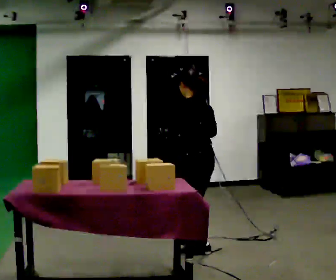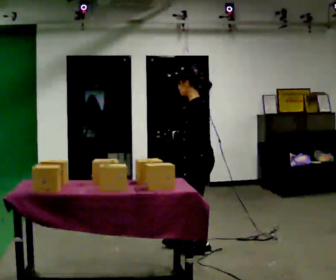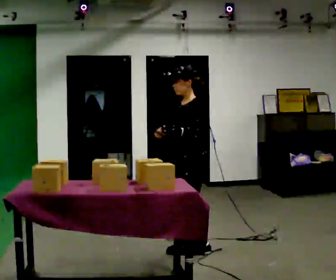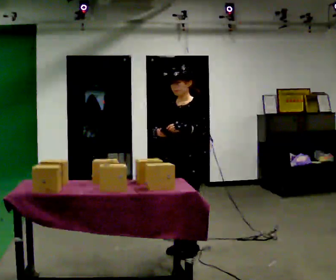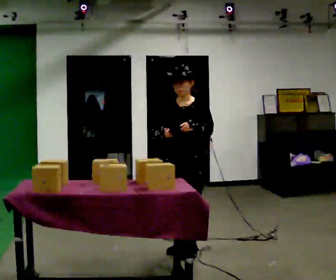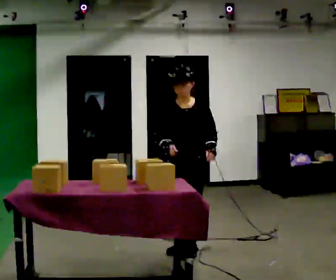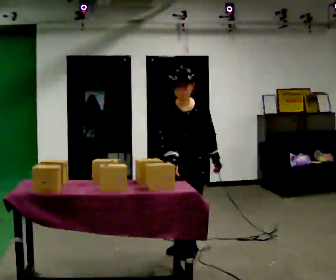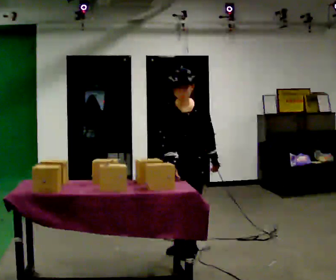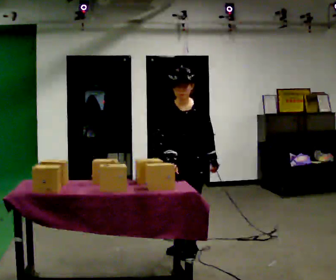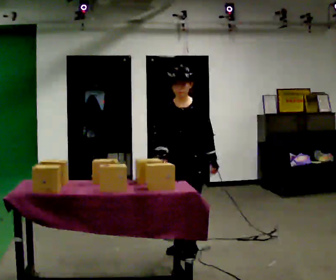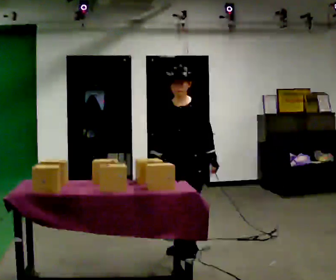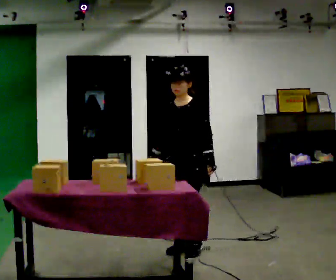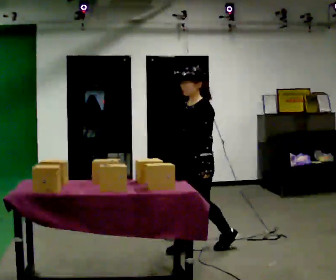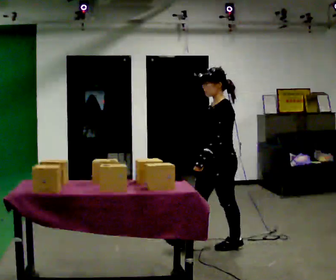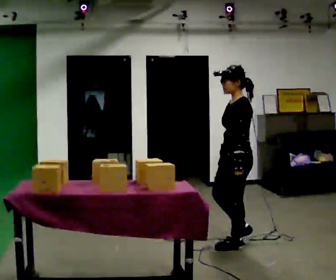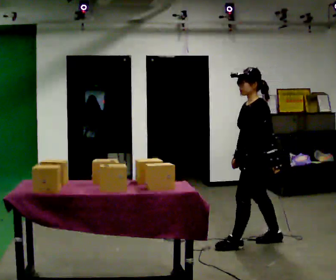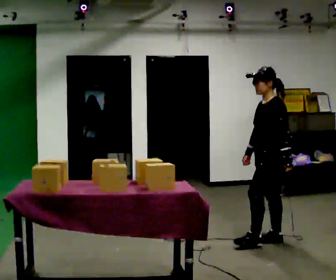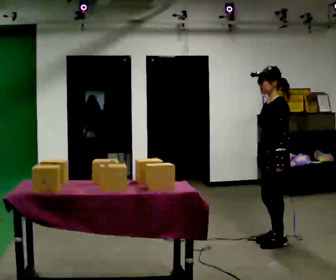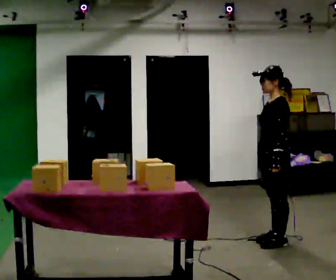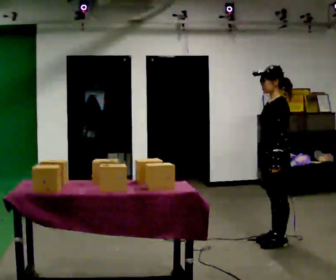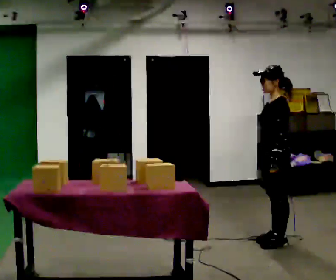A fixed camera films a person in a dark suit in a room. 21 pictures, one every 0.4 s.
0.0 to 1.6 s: The part of the body nearest the lens slides to the right as the person turns to their left by about 120 degrees.
1.6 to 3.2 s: The person moves a little, or ends about where they began.
3.2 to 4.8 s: The person turns about 45 degrees to their right, clockwise seen from above, so the part of the body nearest the lens slides to the left.
4.8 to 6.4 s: The person turns about 30 degrees to their right, clockwise seen from above, so the part of the body nearest the lens slides to the left. In the picture they go to the right, about 0.5 m in 2 steps, which for them is backward.
6.4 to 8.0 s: The person moves a little, or ends about where they began.
The film runs backward here.
